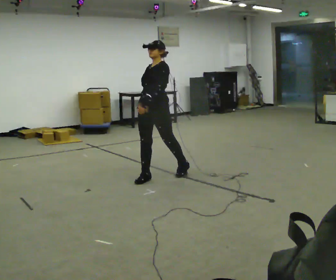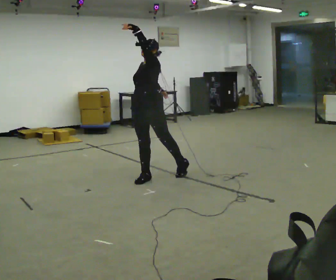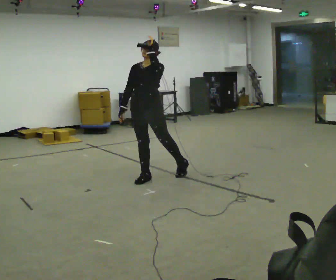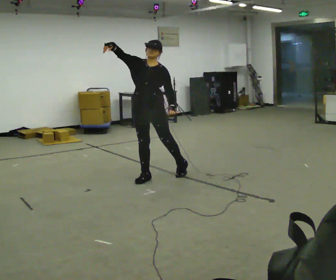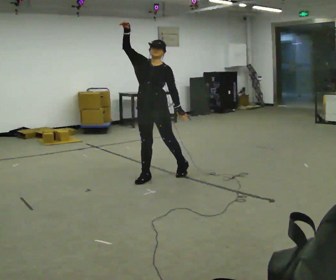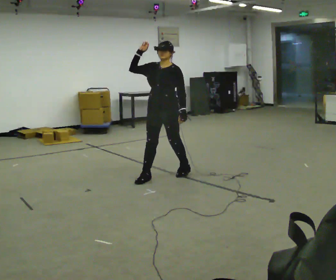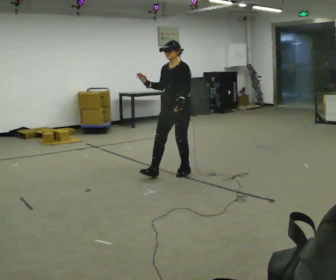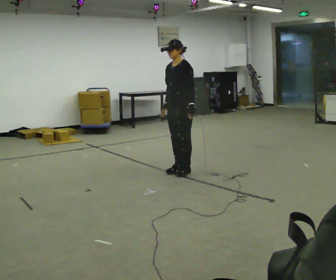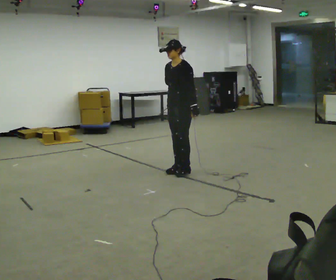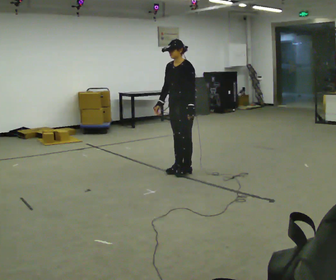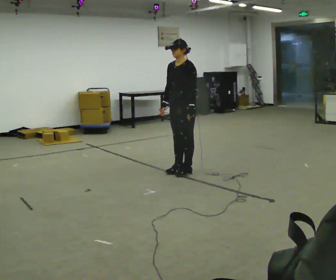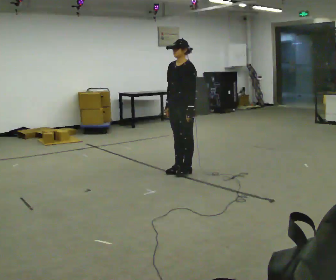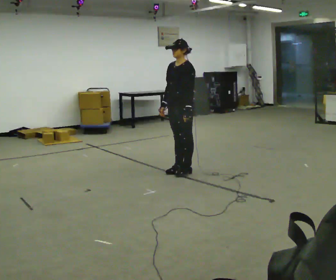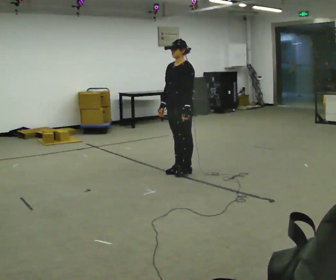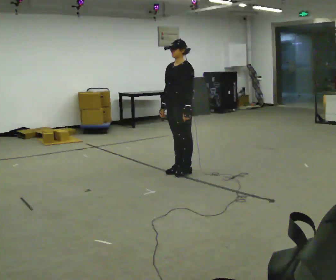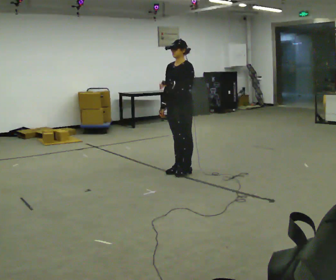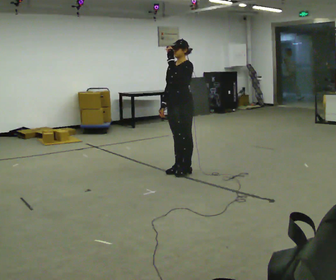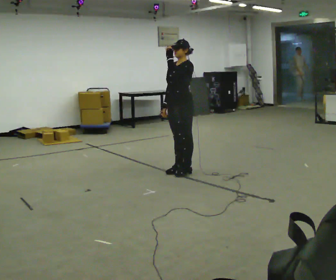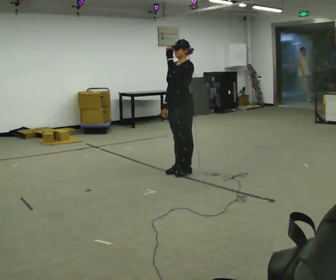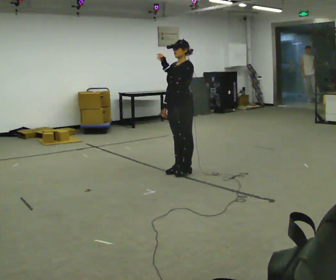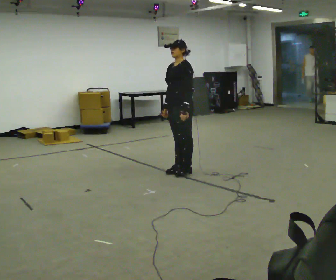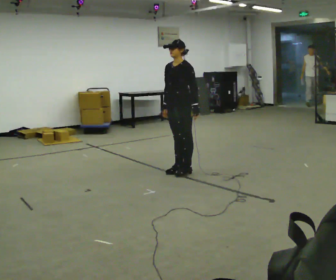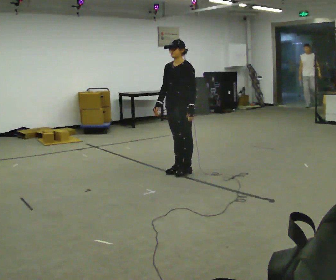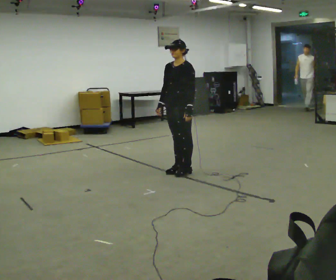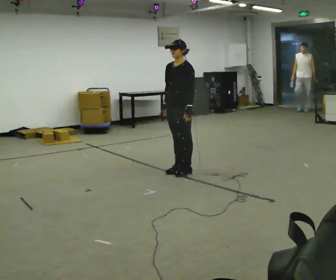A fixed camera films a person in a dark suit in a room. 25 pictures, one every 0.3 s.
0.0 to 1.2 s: In the picture their right hand goes upward.
1.2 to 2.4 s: The person turns about 30 degrees to their right, clockwise seen from above, so the part of the body nearest the lens slides to the left. In the picture they go to the right and away from the camera, about 0.5 m in 1 step, which for them is backward. In the picture their right hand goes downward, the arm swinging counterclockwise.
2.4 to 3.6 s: The person moves a little, or ends about where they began.
3.6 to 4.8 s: In the picture their left hand goes upward.
4.8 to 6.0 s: In the picture their left hand goes downward.
6.0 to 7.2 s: The person moves a little, or ends about where they began.
The film runs forward here.
